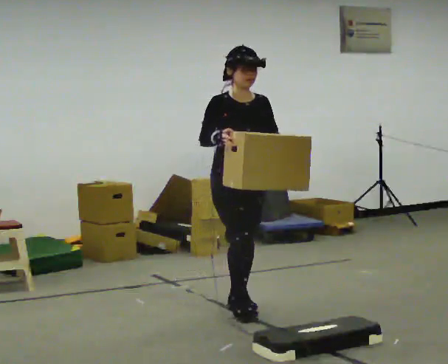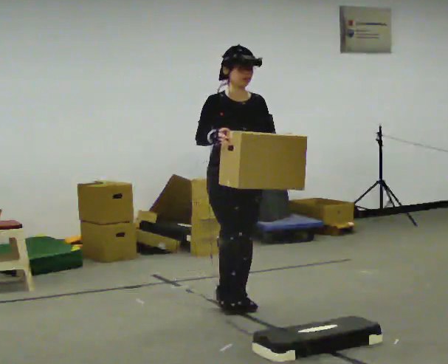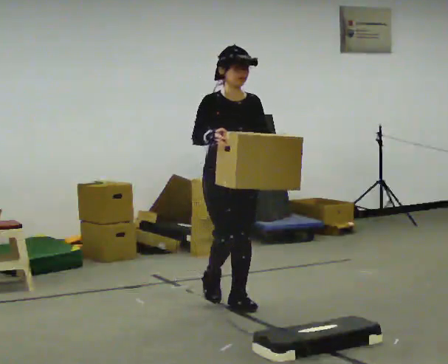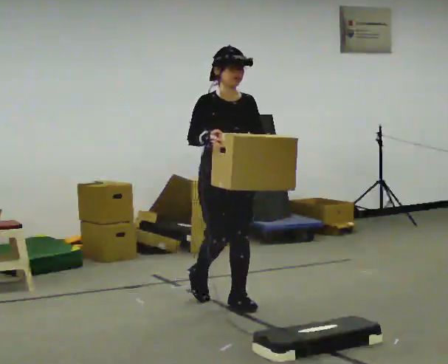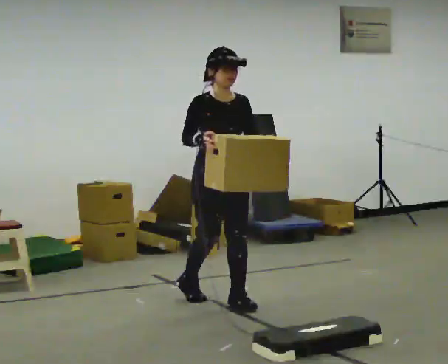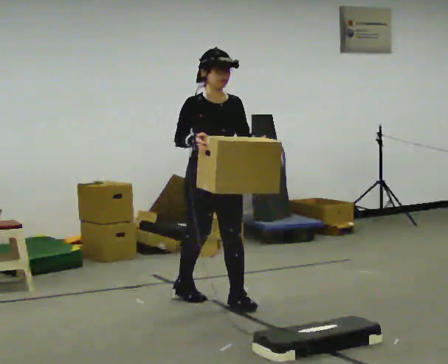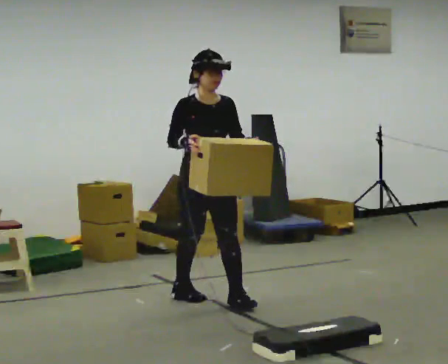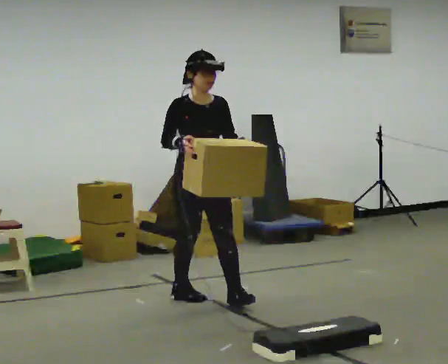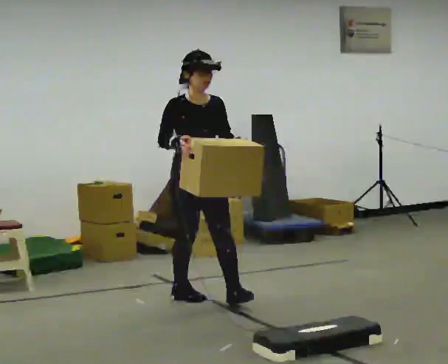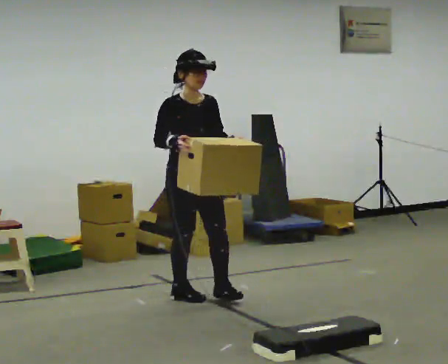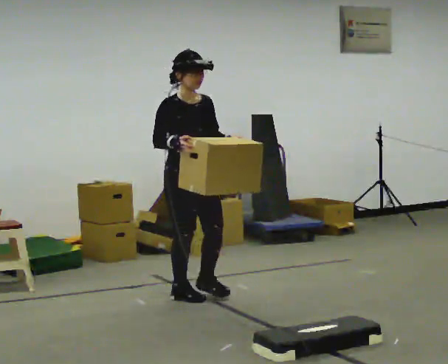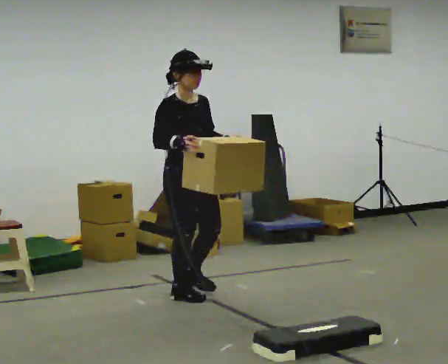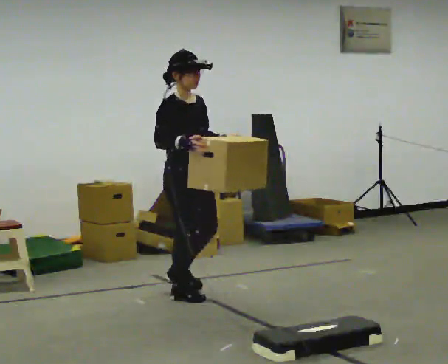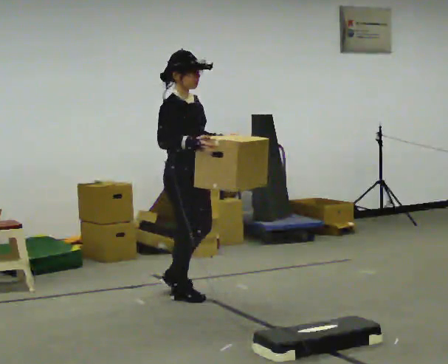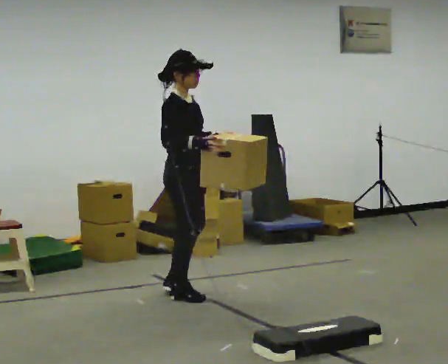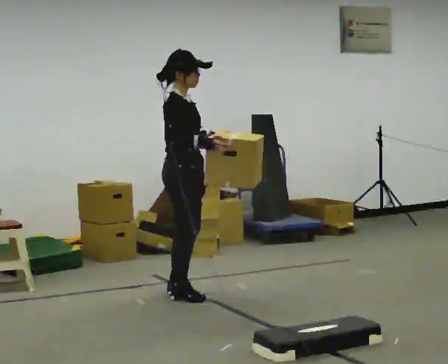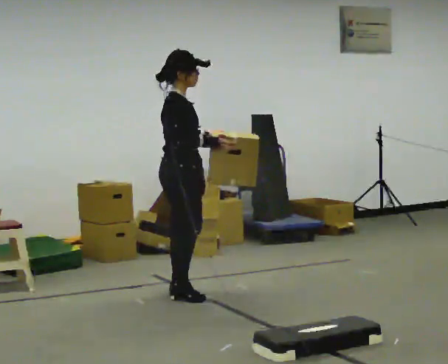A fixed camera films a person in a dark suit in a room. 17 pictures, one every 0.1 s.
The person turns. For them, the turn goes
to their left.
The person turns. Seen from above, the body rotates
counterclockwise.
0.0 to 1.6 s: The part of the body nearest the lens slides to the right as the person turns to their left by about 75 degrees. In the picture they go to the left and away from the camera, about 0.5 m in 1 step.
The film runs backward here.
